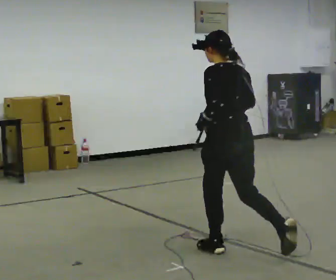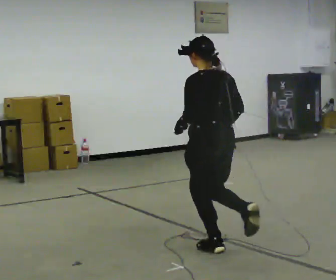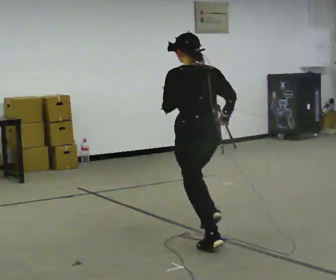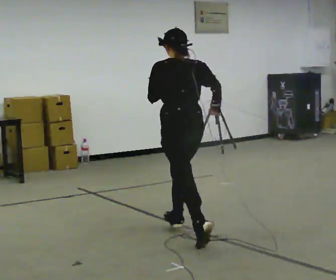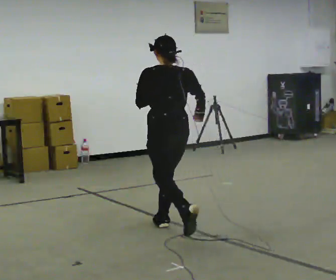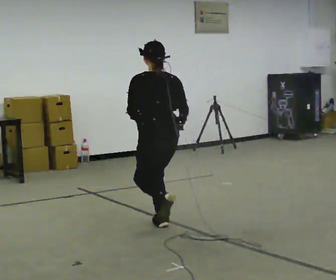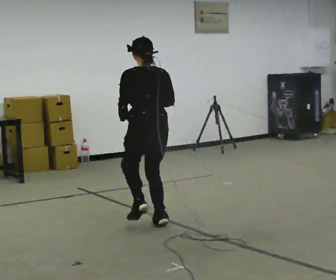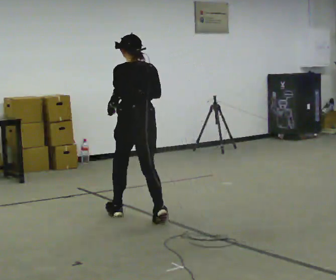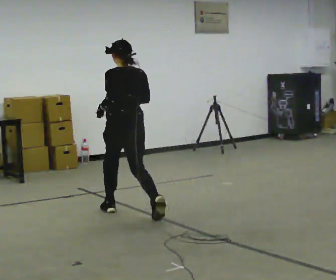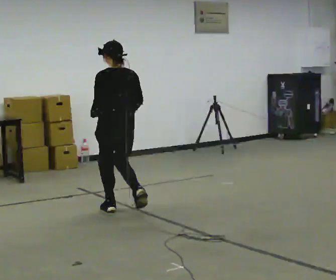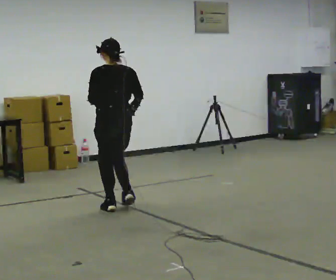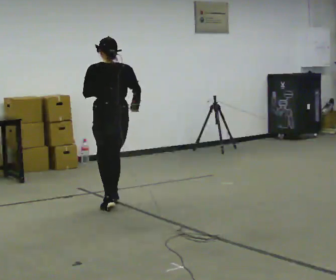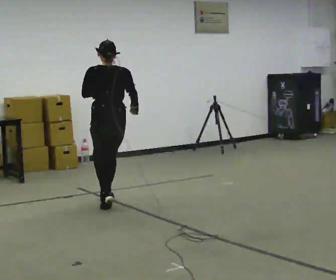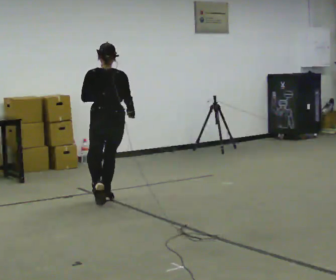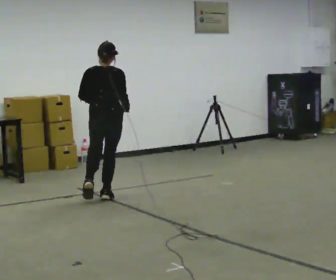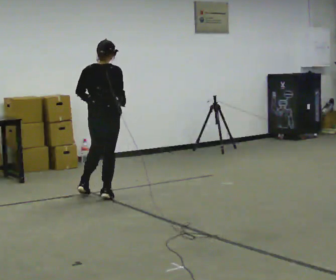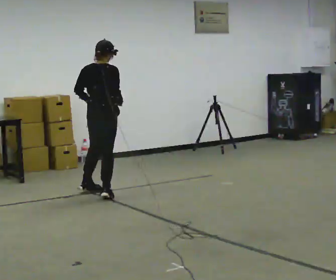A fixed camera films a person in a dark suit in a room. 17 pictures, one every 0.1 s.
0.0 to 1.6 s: Seen from above the body turns clockwise, about 60 degrees: to their right, with its near side sliding to the left. In the picture they go away from the camera and to the left, about 2 m in 4 steps.
The film runs forward here.
